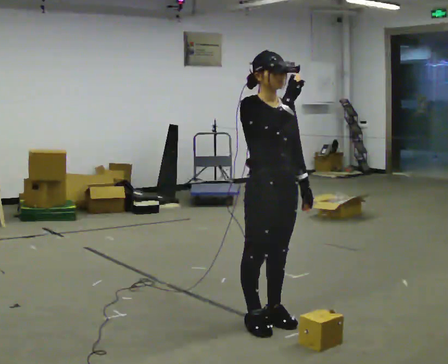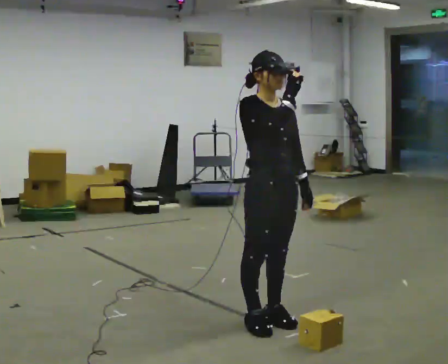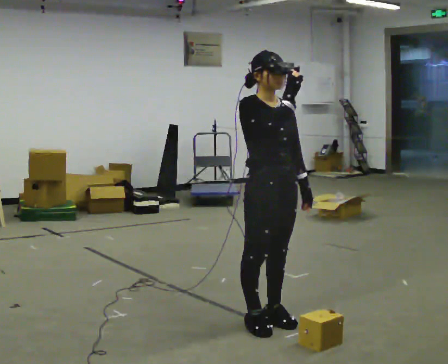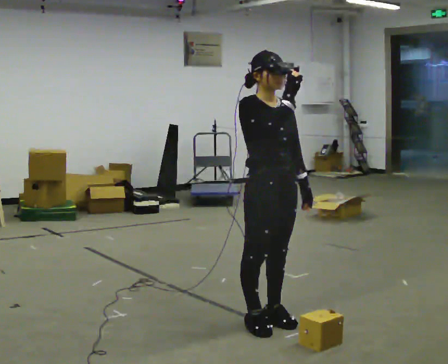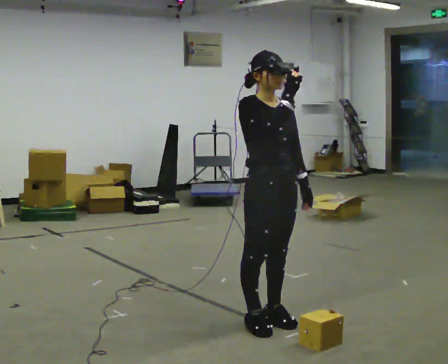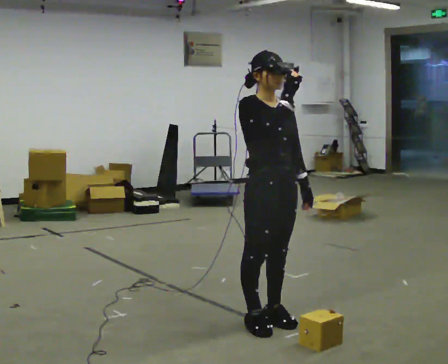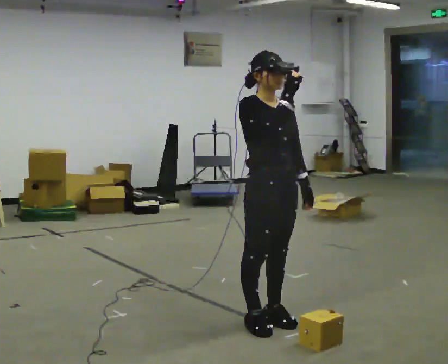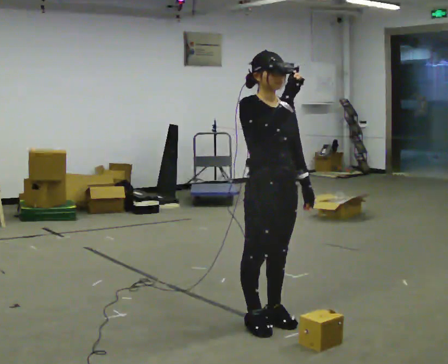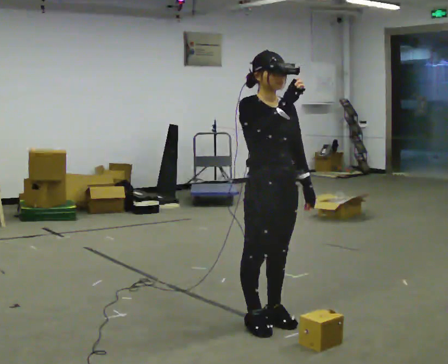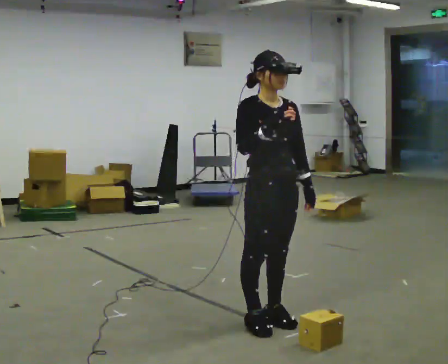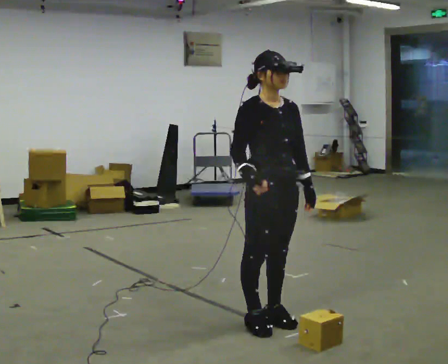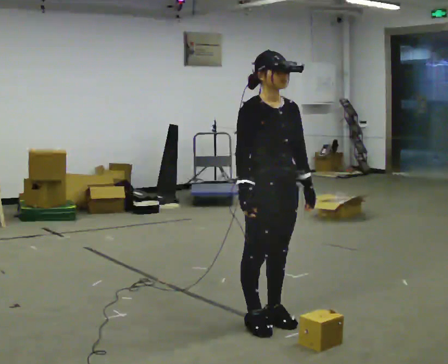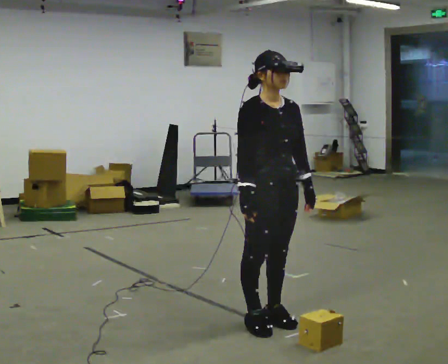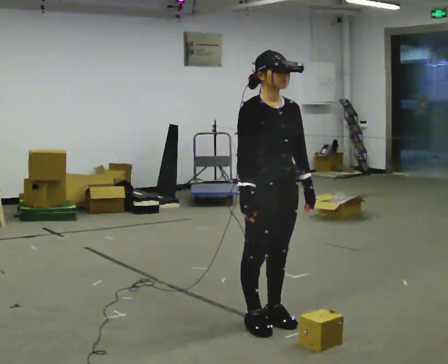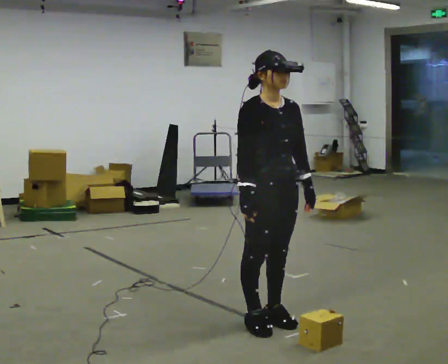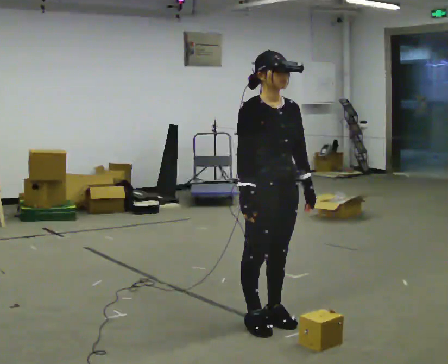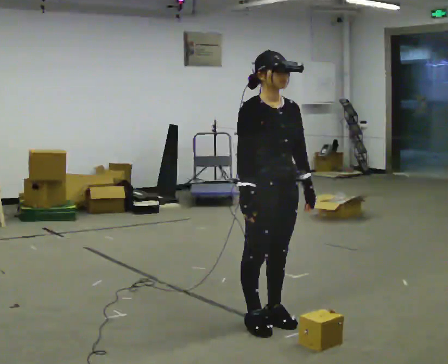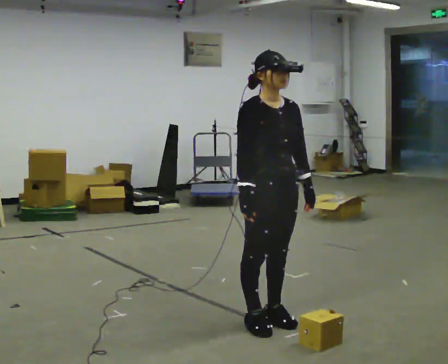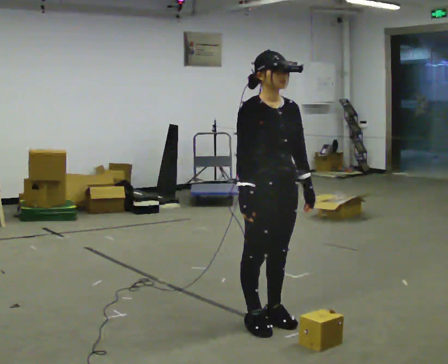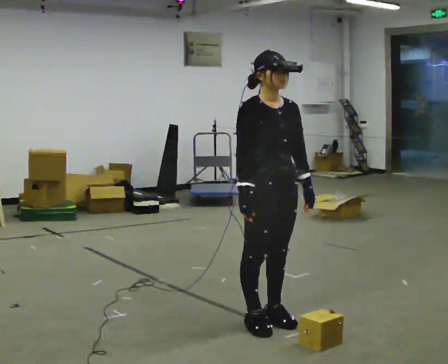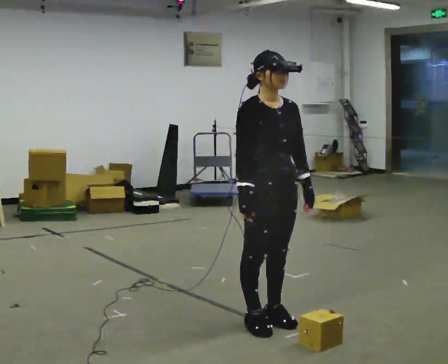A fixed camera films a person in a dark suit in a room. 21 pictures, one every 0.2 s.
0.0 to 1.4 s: The person moves a little, or ends about where they began.
1.4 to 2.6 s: In the picture their right hand goes downward.
2.6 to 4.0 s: The person keeps their place and pose.
The film runs backward here.
